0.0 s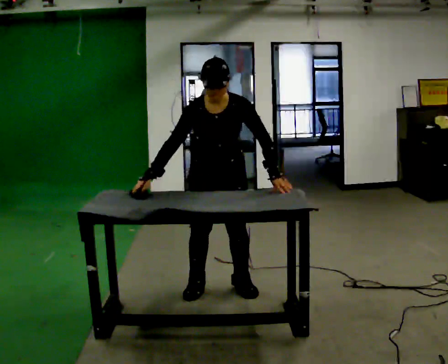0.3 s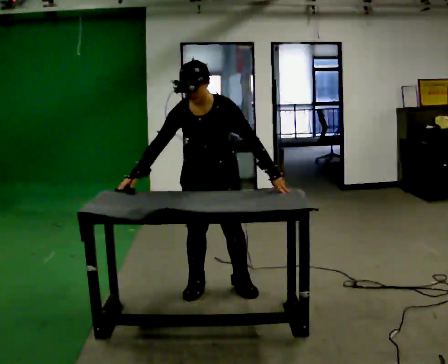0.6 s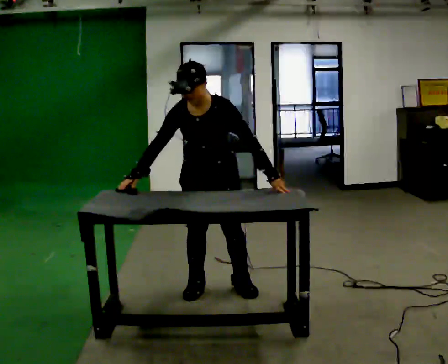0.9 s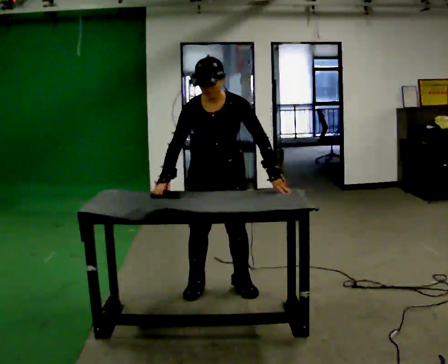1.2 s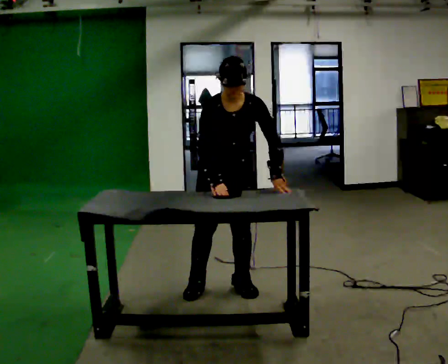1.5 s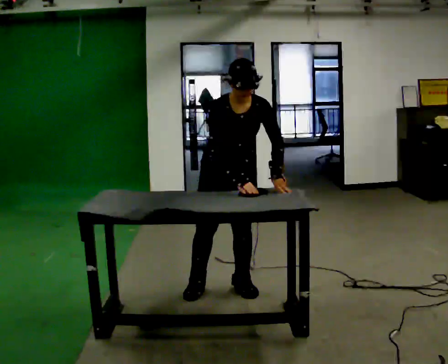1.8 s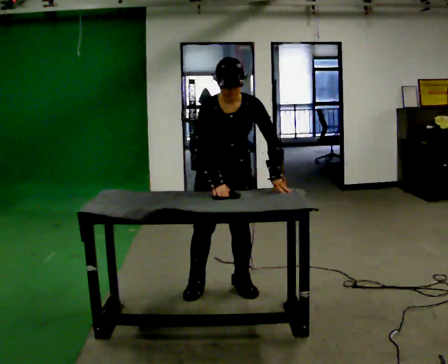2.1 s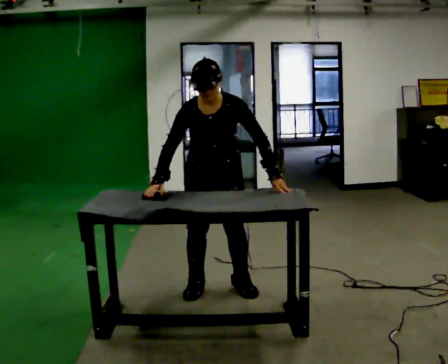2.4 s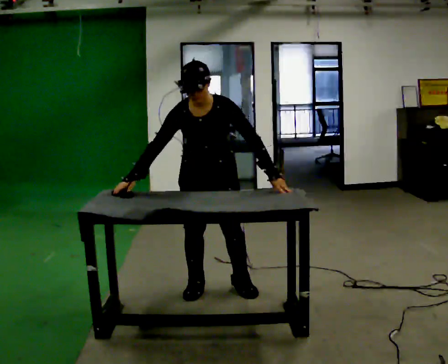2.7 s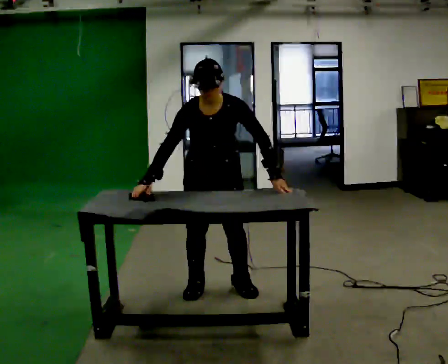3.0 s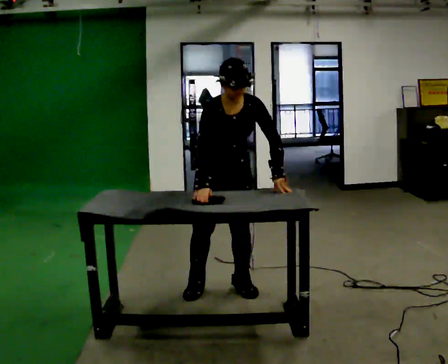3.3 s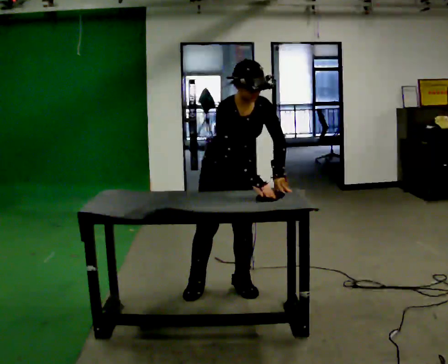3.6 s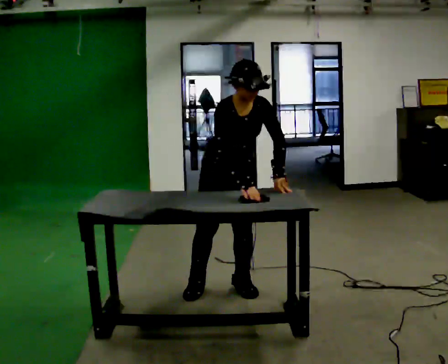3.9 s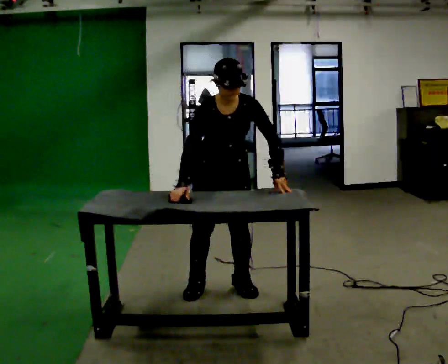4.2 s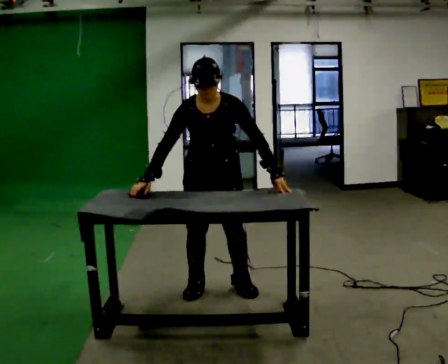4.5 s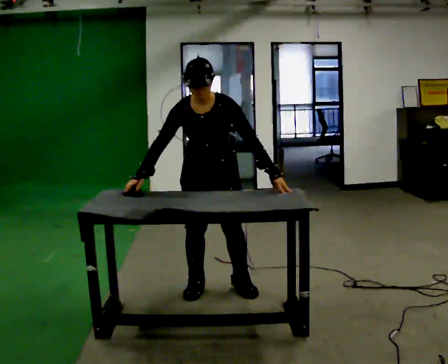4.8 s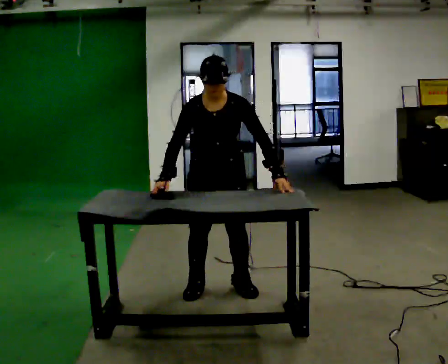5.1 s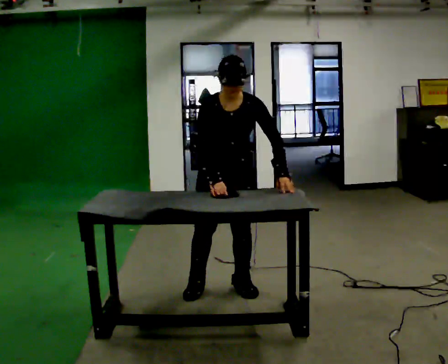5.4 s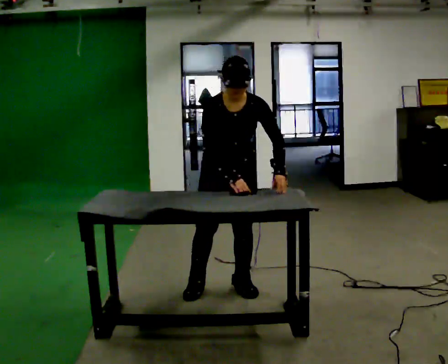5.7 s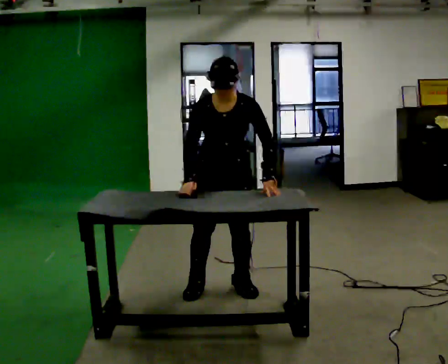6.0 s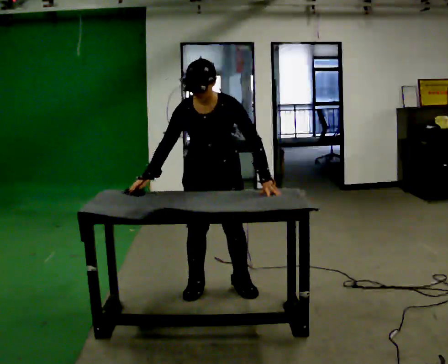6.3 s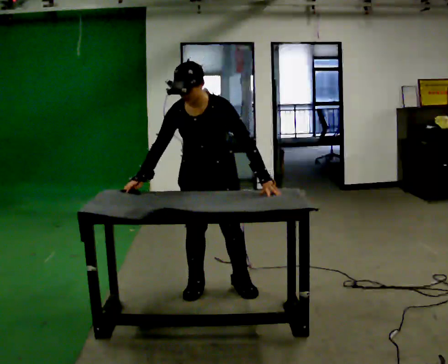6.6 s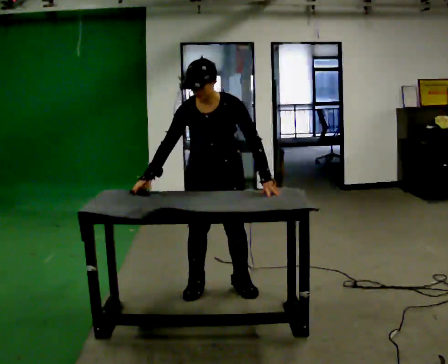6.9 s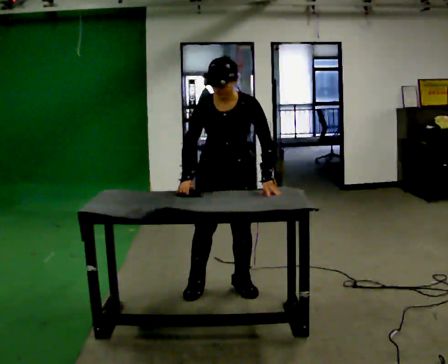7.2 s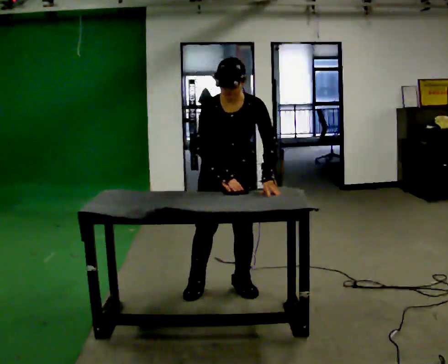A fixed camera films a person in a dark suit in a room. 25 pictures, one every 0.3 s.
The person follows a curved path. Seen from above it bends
counterclockwise.
0.0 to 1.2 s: In the picture their right hand goes to the right.
1.2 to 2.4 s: In the picture their right hand goes to the left.
2.4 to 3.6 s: The part of the body nearest the lens slides to the right as the person turns to their left by about 30 degrees. In the picture the upper body tilts clockwise, shoulders to the right. In the picture their right hand goes to the right, the arm swinging counterclockwise.
3.6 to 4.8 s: Seen from above the body turns clockwise, about 30 degrees: to their right, with its near side sliding to the left. In the picture the upper body tilts counterclockwise, shoulders to the left. In the picture their right hand goes to the left.
4.8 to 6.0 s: The person moves a little, or ends about where they began.
6.0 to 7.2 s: In the picture their right hand goes to the right.
The film runs backward here.
